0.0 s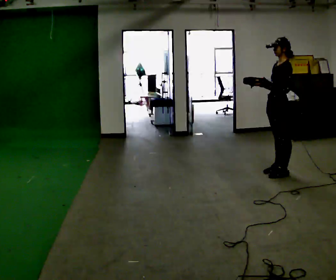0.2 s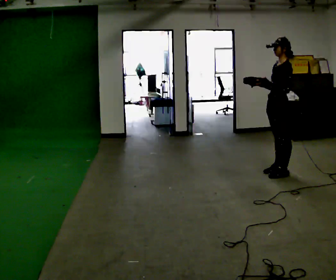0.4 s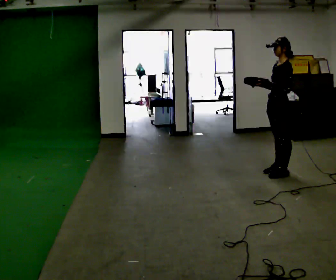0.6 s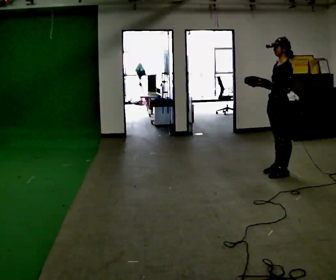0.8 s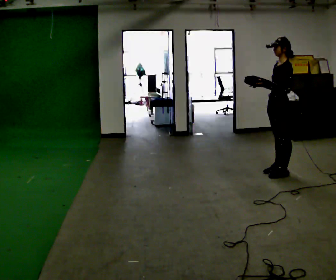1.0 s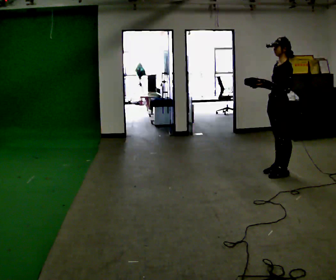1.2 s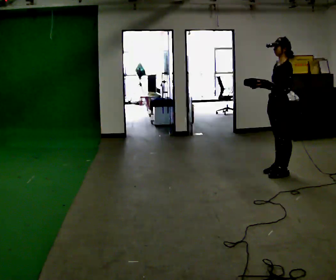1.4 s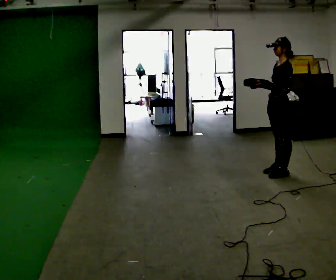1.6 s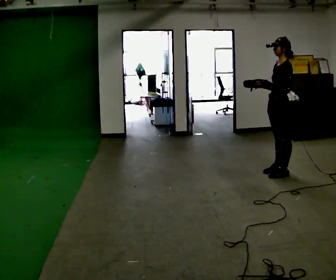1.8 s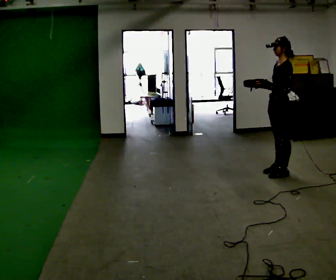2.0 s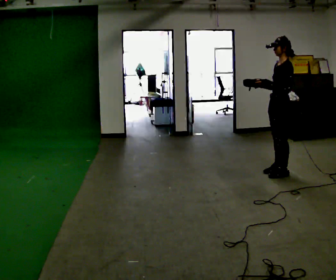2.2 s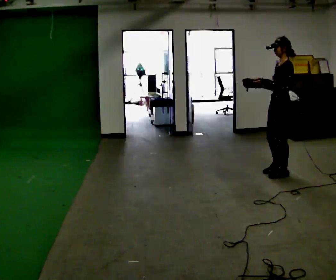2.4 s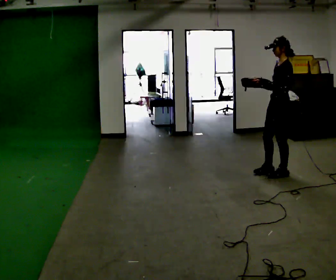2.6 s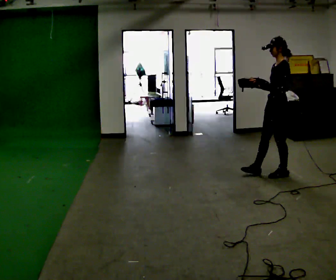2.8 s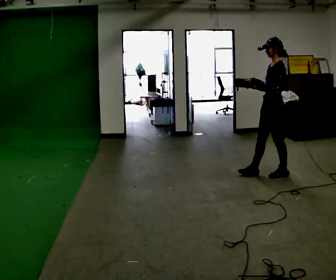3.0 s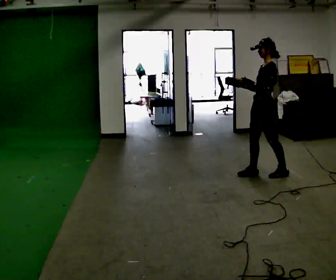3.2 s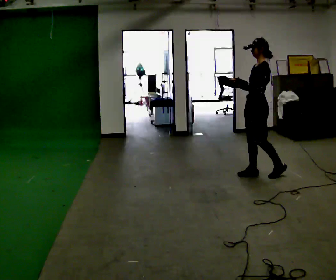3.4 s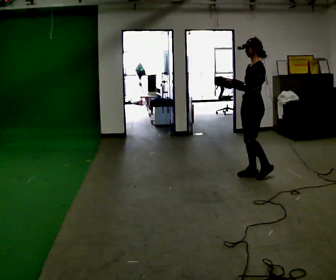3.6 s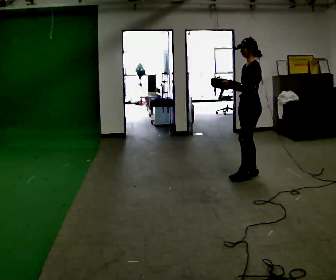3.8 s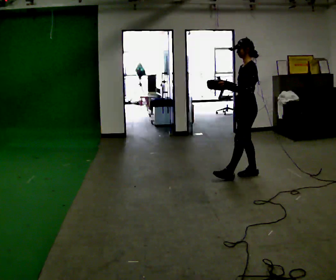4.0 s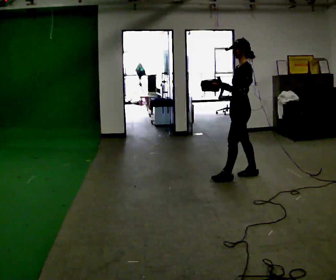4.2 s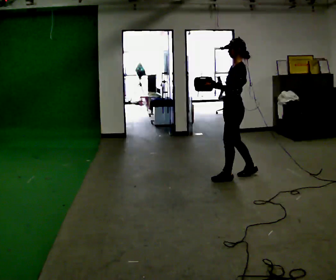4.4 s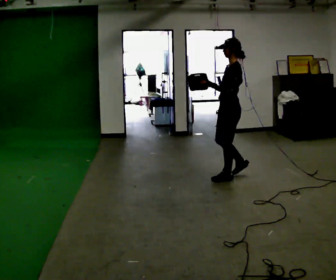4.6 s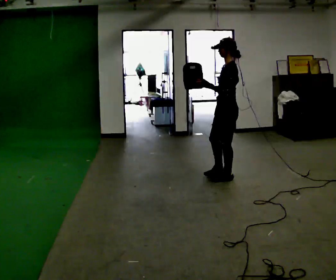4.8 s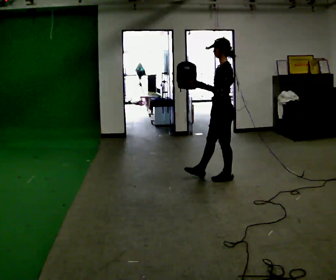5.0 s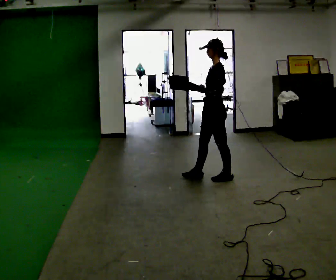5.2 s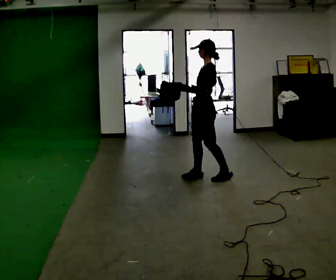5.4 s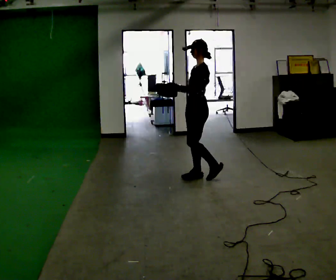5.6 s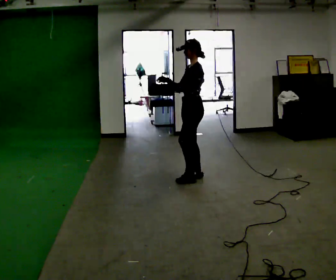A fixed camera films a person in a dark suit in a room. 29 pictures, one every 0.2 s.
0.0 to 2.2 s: The person moves a little, or ends about where they began.
2.2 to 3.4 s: In the picture they go to the left, about 0.25 m in 1 step, which for them is forward.
3.4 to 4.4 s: In the picture they go to the left and toward the camera, about 0.25 m in 1 step, which for them is forward.
4.4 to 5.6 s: In the picture they go to the left, about 0.5 m in 1 step, which for them is forward.
The film runs forward here.
